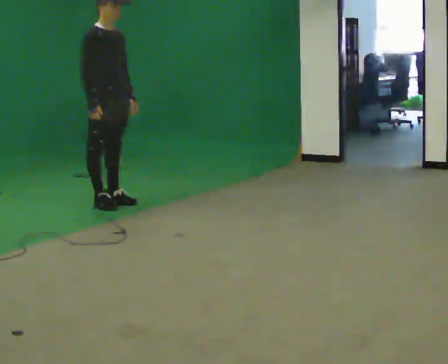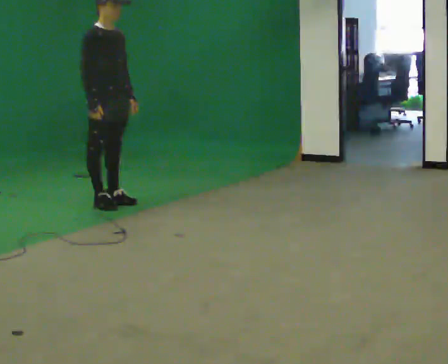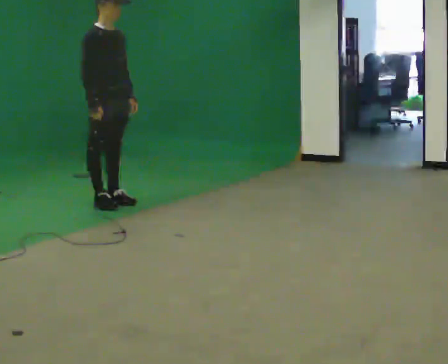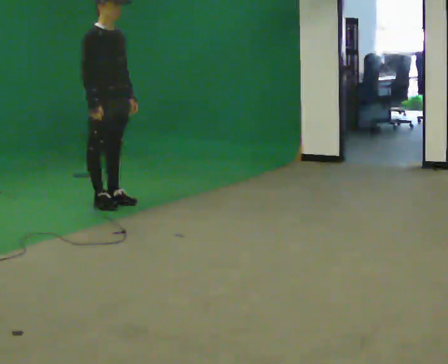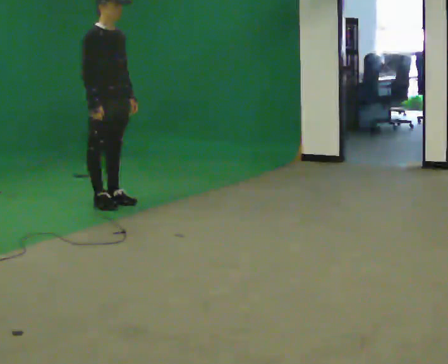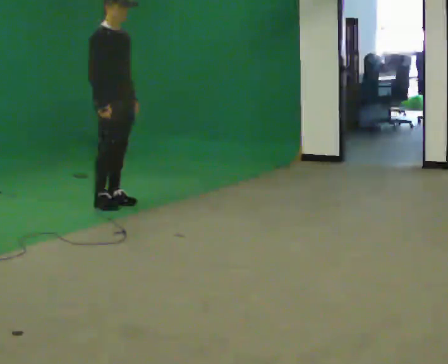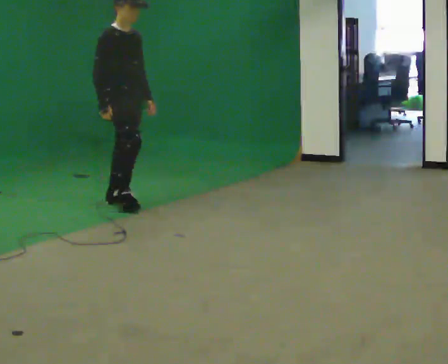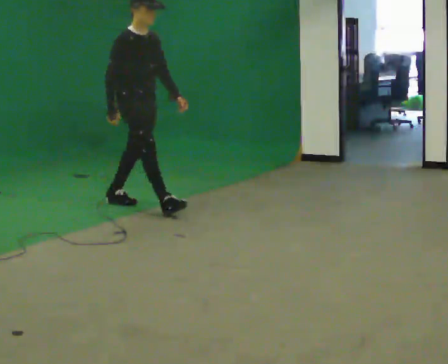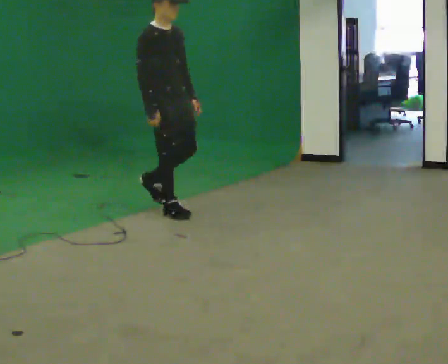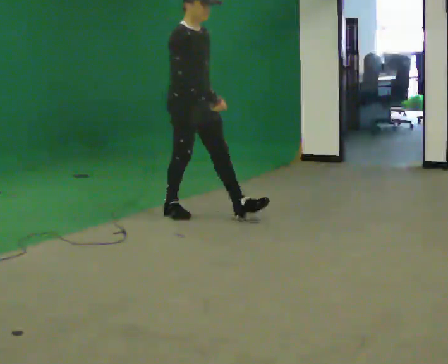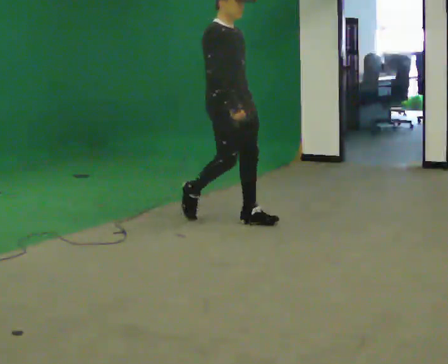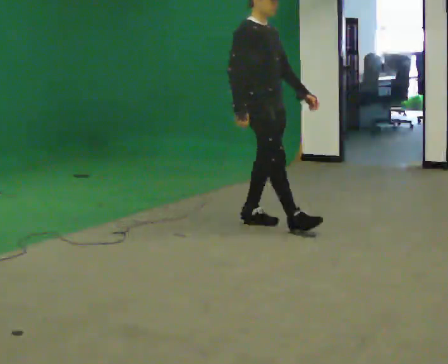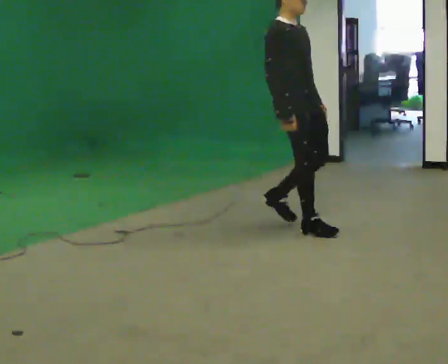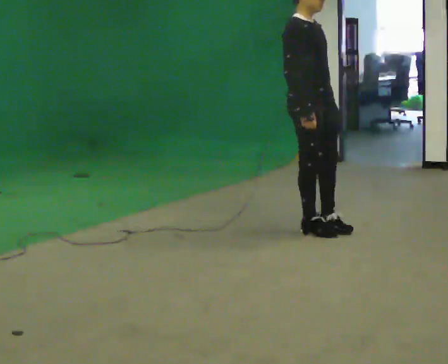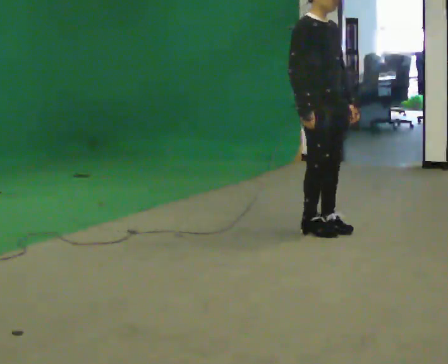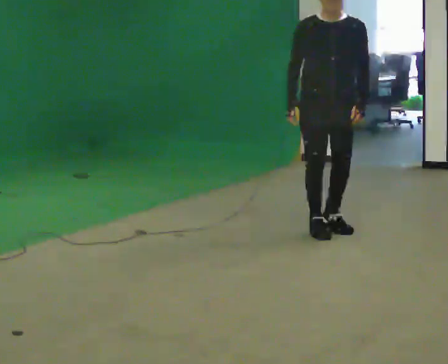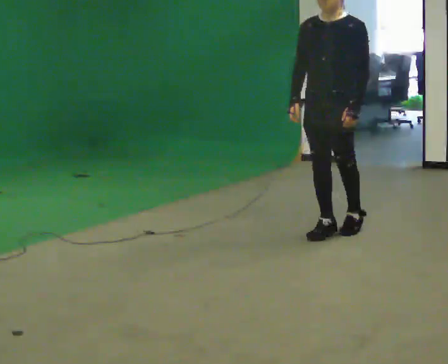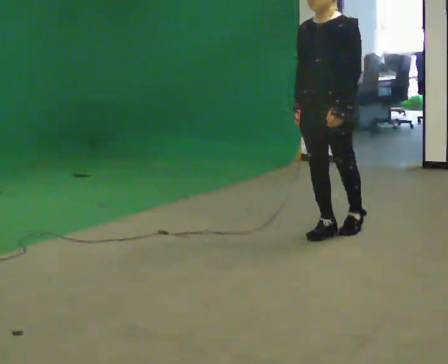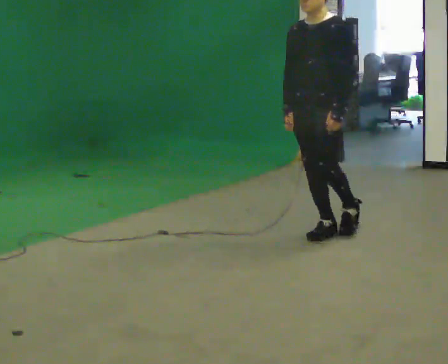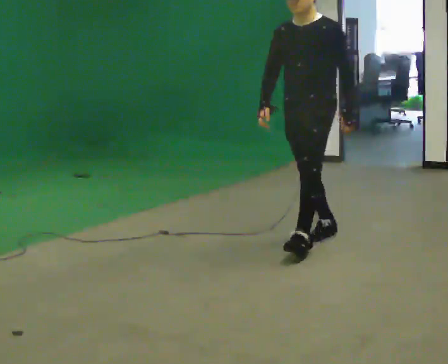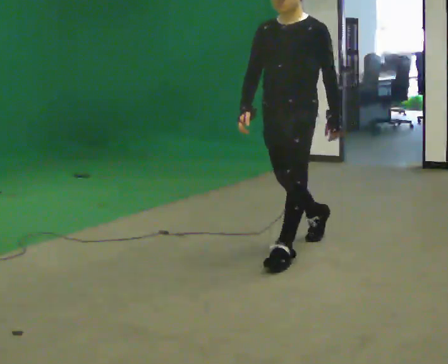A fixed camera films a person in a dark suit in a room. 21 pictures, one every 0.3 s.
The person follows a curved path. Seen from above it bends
clockwise.
0.0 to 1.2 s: The person keeps their place and pose.
1.2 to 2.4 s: In the picture they go to the right and toward the camera, about 0.5 m in 1 step, which for them is forward.
2.4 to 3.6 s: In the picture they go to the right and toward the camera, about 1 m in 2 steps, which for them is forward.
3.6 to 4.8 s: The part of the body nearest the lens slides to the left as the person turns to their right by about 105 degrees. In the picture they go to the right, about 0.25 m in 3 steps.
4.8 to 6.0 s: In the picture they go toward the camera and to the left, about 0.5 m in 1 step, which for them is forward.
The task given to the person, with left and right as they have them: Walk; stop fully; turn 90° left/right while standing; walk new direction.
The film runs forward here.
